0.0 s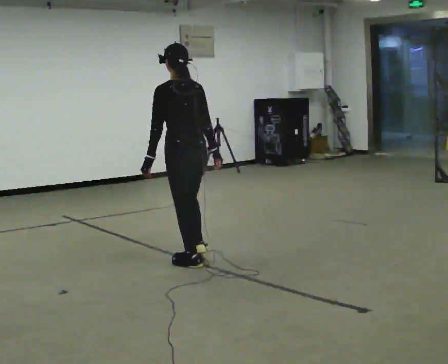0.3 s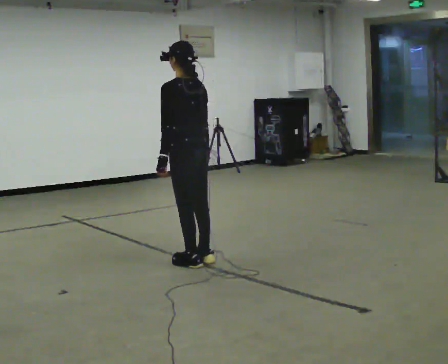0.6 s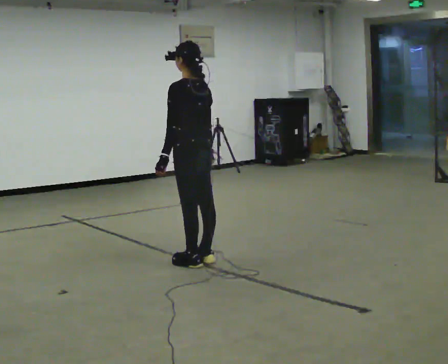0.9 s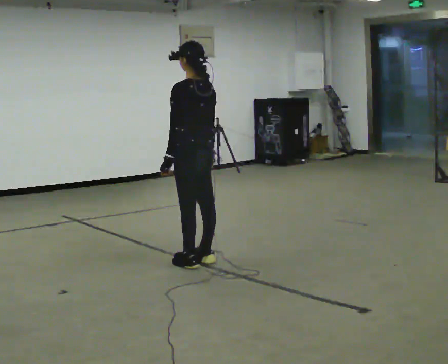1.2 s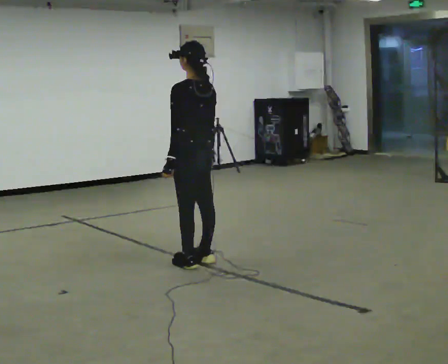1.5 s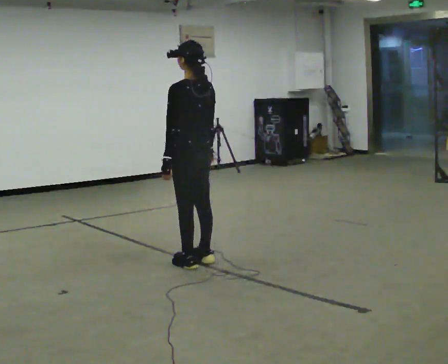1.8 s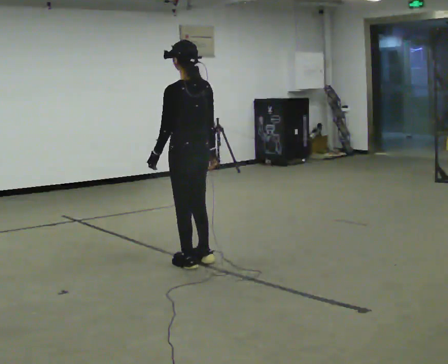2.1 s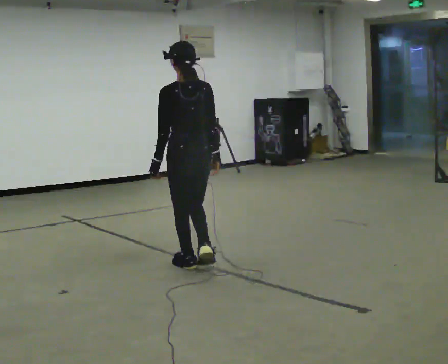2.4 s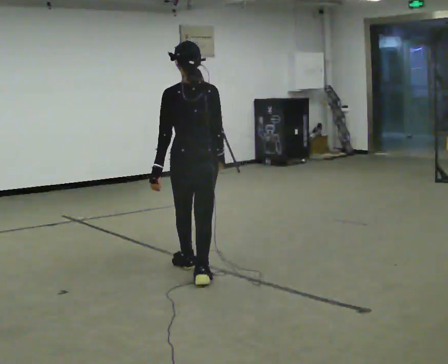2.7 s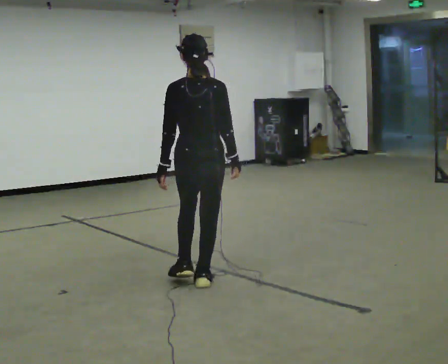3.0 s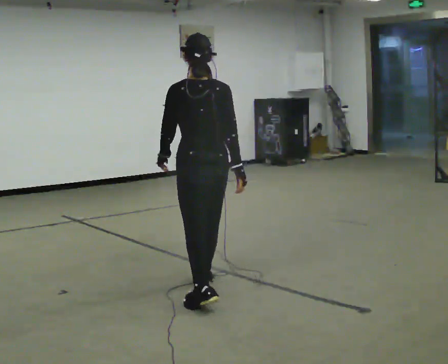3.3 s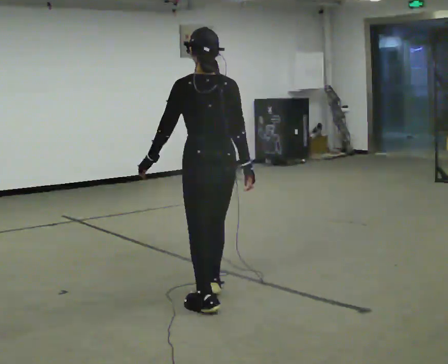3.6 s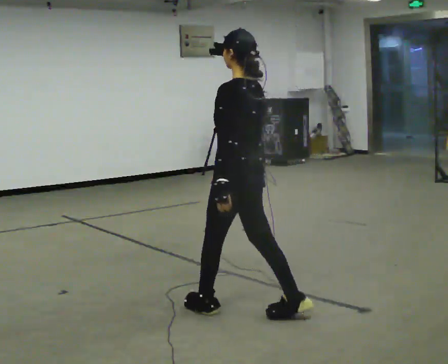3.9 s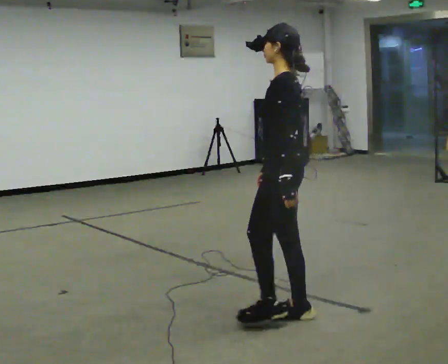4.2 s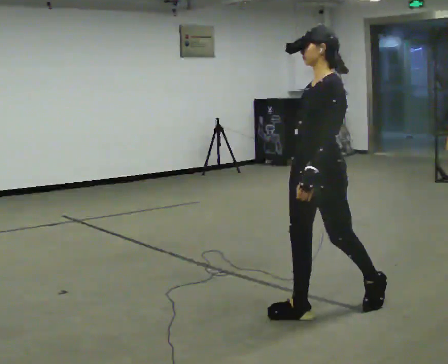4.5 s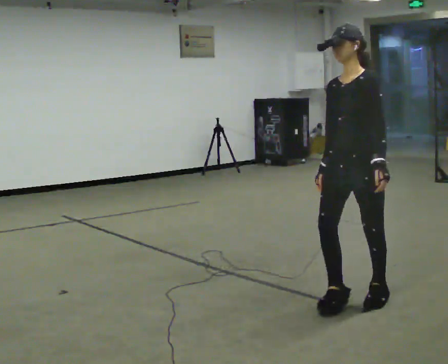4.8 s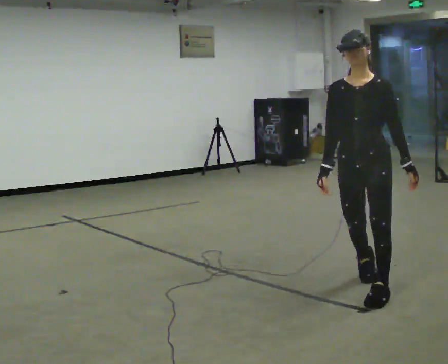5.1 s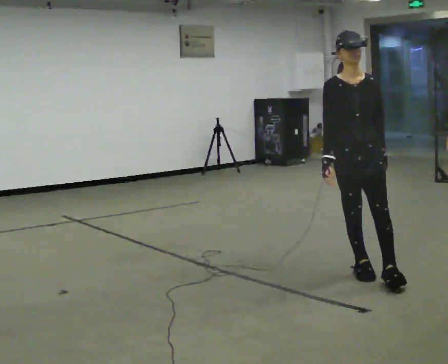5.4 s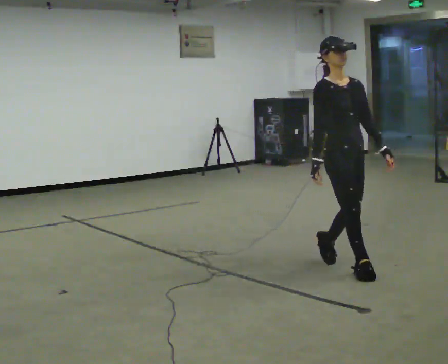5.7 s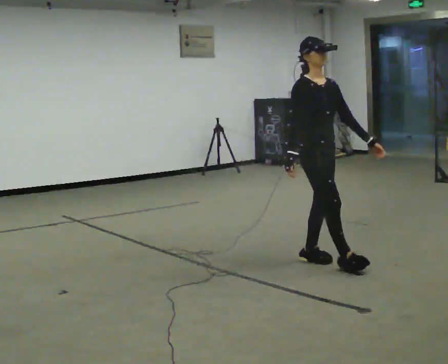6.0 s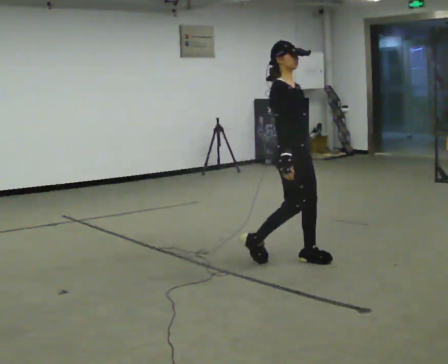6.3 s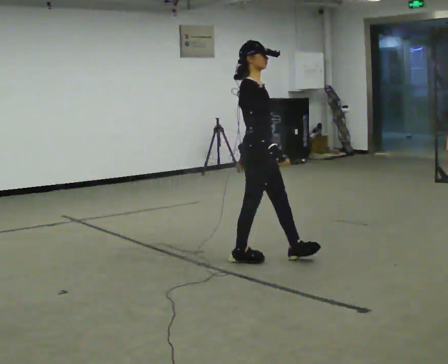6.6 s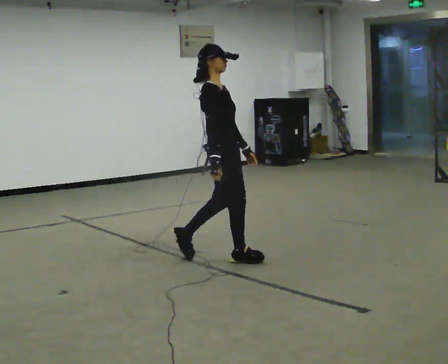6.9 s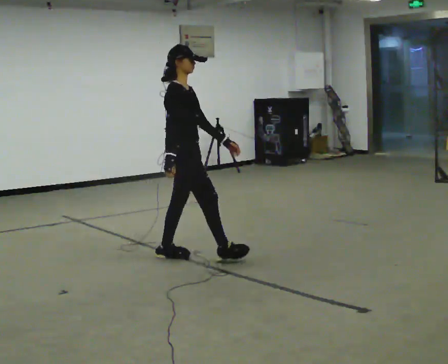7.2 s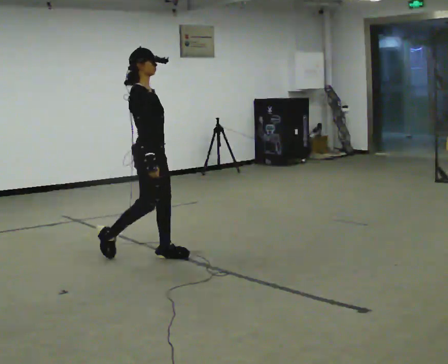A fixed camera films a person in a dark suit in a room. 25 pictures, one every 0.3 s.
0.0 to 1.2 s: The person moves a little, or ends about where they began.
1.2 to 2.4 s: Seen from above the body turns clockwise, about 30 degrees: to their right, with its near side sliding to the left. In the picture they go toward the camera, about 0.25 m in 1 step, which for them is backward and to their left.
2.4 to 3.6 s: Seen from above the body turns counterclockwise, about 45 degrees: to their left, with its near side sliding to the right. In the picture they go toward the camera, about 1 m in 2 steps, which for them is backward.
3.6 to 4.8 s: The part of the body nearest the lens slides to the right as the person turns to their left by about 105 degrees. In the picture they go to the right, about 1 m in 2 steps.
4.8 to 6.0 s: The part of the body nearest the lens slides to the right as the person turns to their left by about 90 degrees. In the picture they go away from the camera and to the left, about 1 m in 2 steps.
6.0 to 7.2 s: In the picture they go to the left, about 1 m in 2 steps, which for them is backward.
The film runs backward here.
